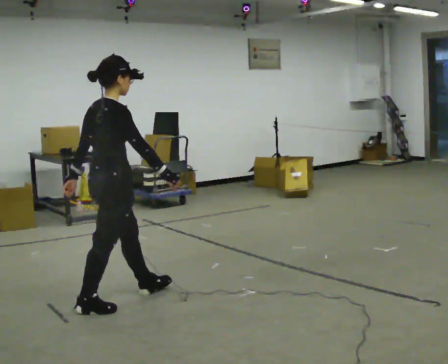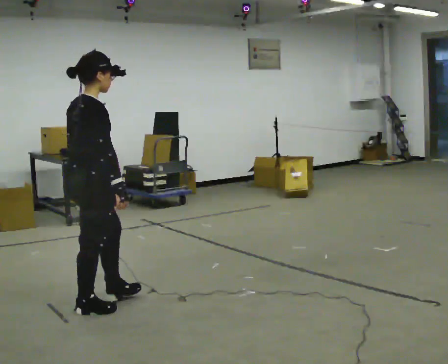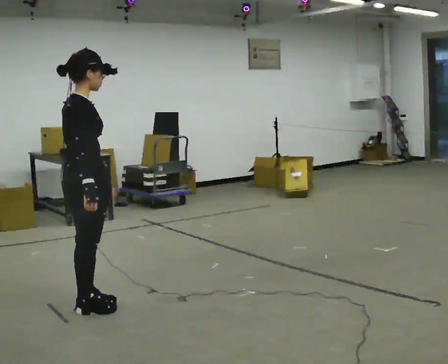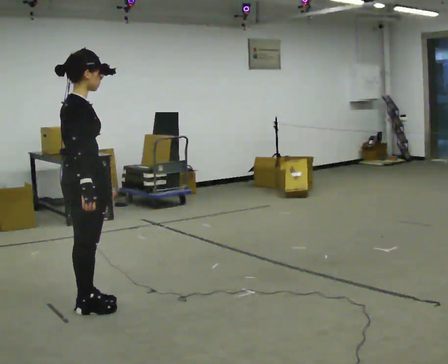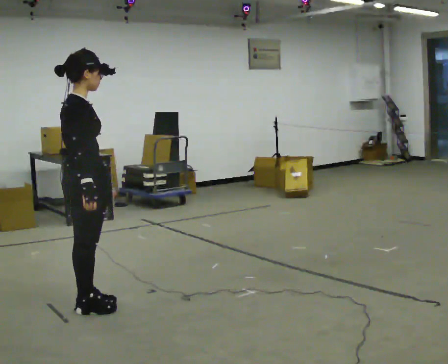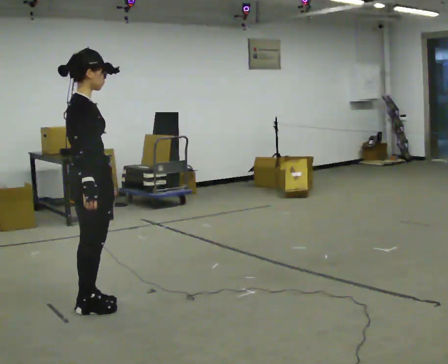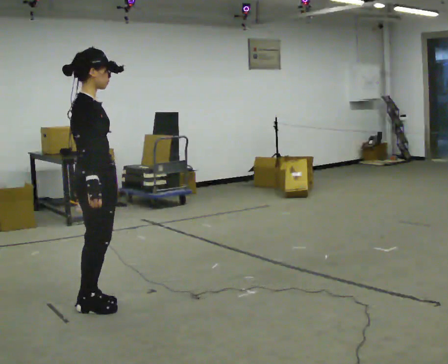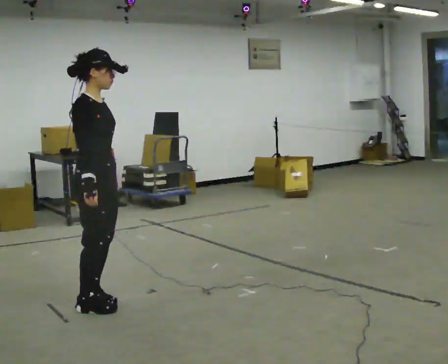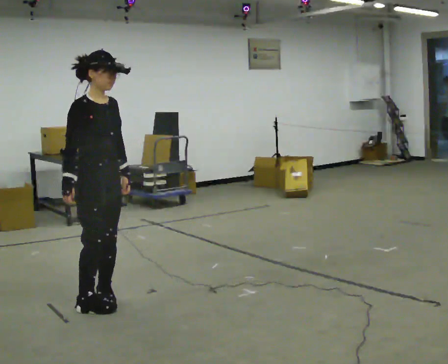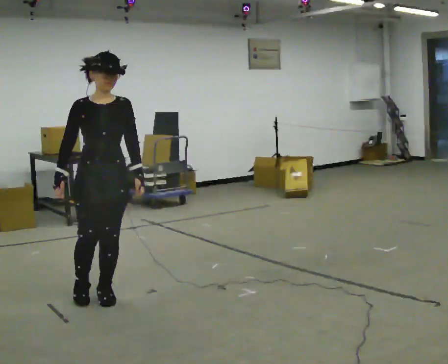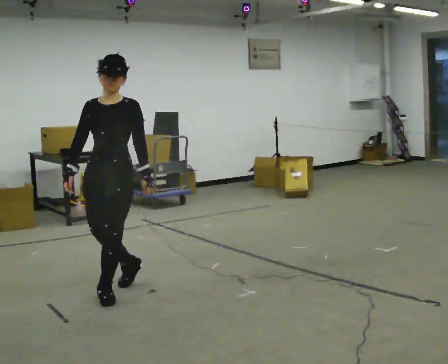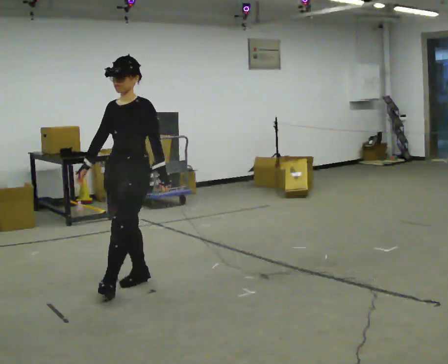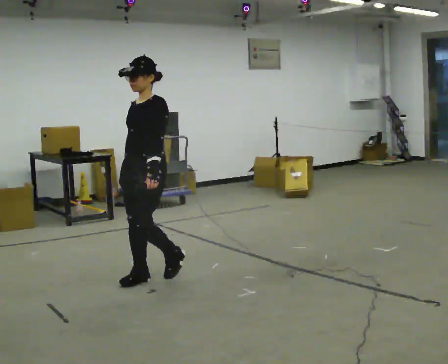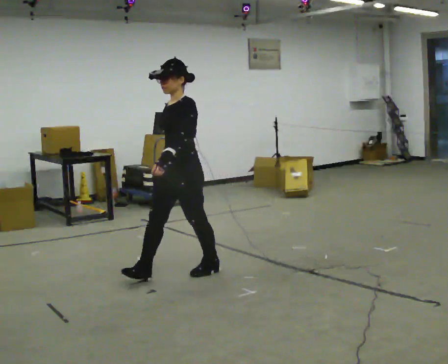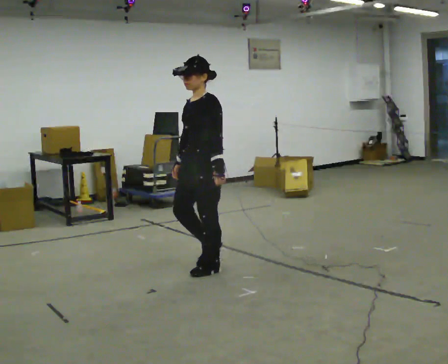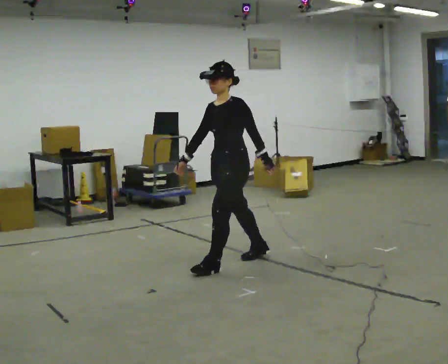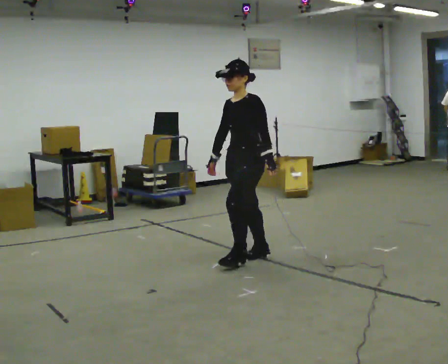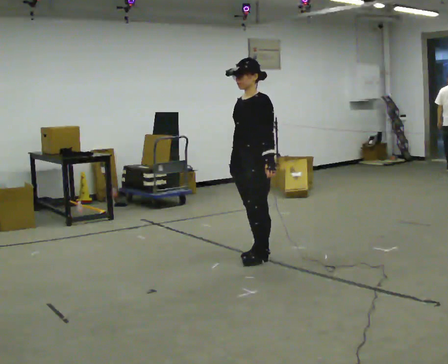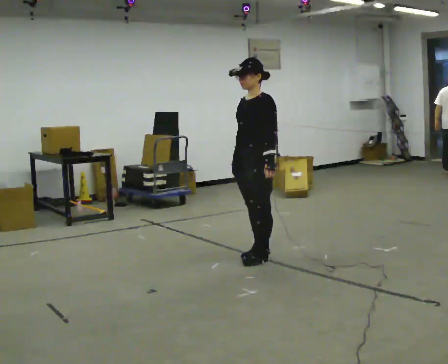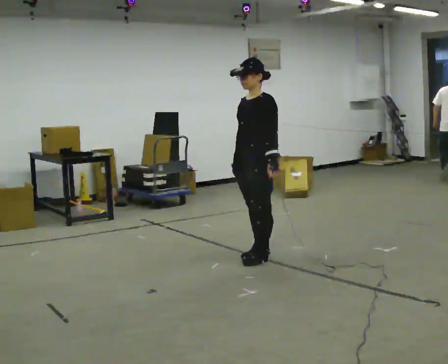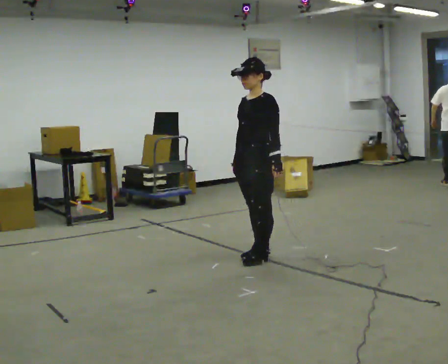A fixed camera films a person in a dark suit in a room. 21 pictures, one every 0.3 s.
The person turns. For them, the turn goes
to their right.
The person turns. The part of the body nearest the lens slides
to the left.
0.0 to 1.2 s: In the picture they go to the left, about 0.25 m in 1 step, which for them is backward. In the picture their right hand goes to the left.
1.2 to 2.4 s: The person turns about 60 degrees to their right, clockwise seen from above, so the part of the body nearest the lens slides to the left.
2.4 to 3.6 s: The person turns about 105 degrees to their right, clockwise seen from above, so the part of the body nearest the lens slides to the left. In the picture they go away from the camera and to the right, about 0.5 m in 2 steps.
3.6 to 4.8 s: In the picture they go to the right and away from the camera, about 1 m in 2 steps, which for them is backward.
4.8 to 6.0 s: The person moves a little, or ends about where they began.
The film runs backward here.
